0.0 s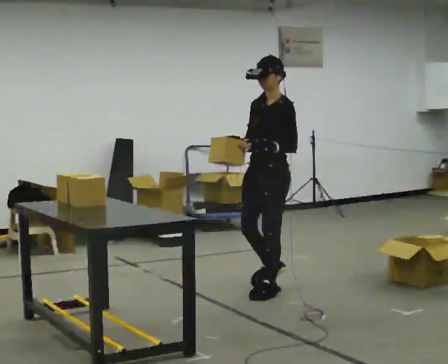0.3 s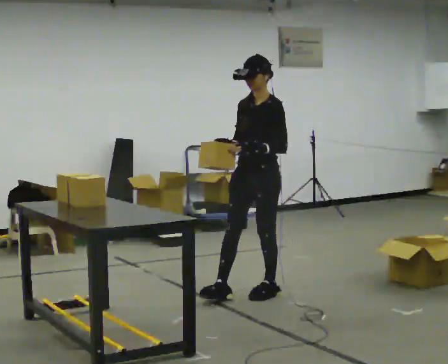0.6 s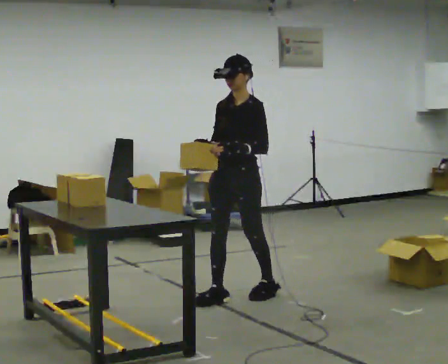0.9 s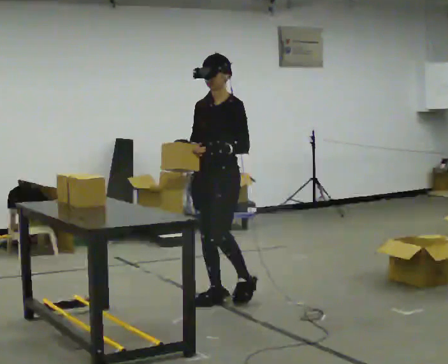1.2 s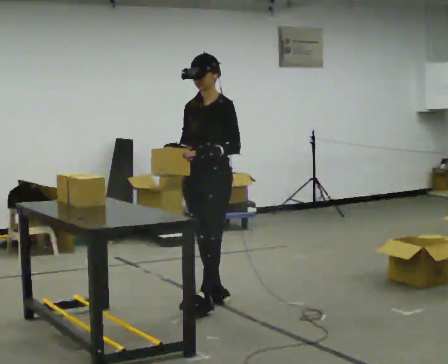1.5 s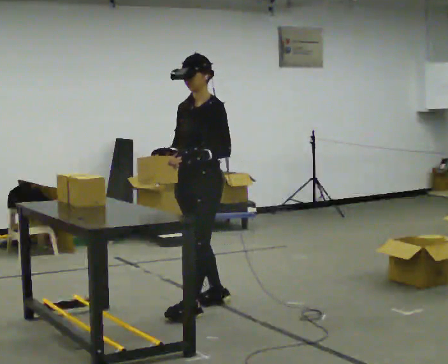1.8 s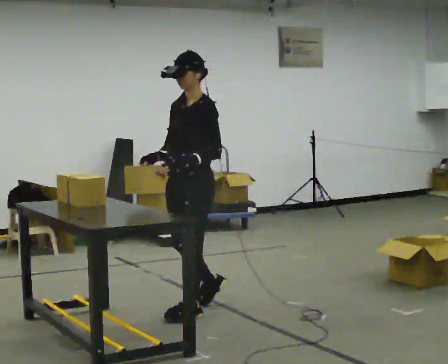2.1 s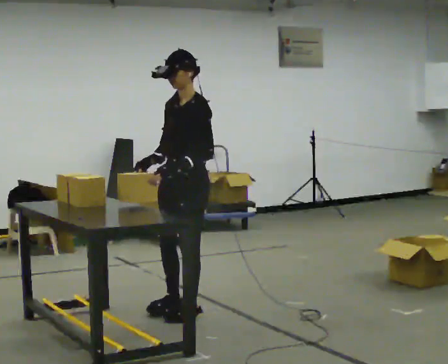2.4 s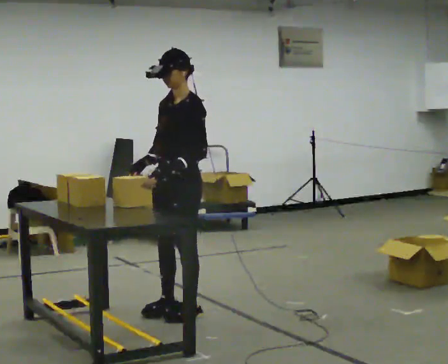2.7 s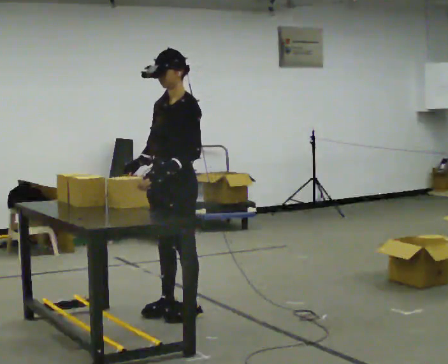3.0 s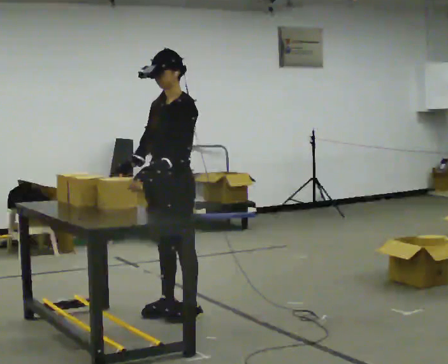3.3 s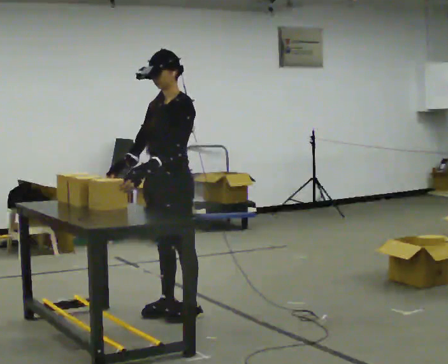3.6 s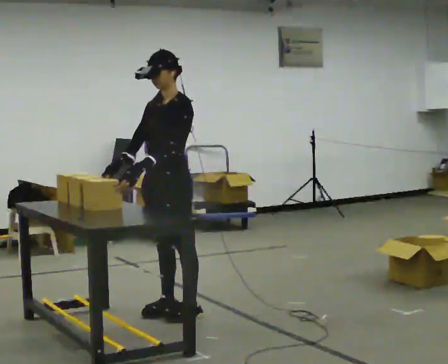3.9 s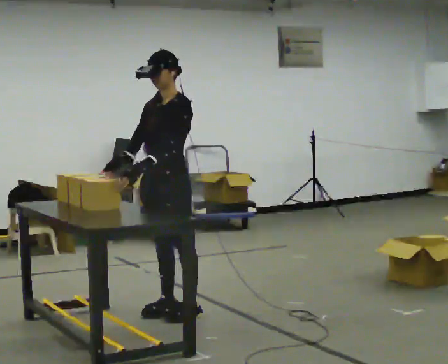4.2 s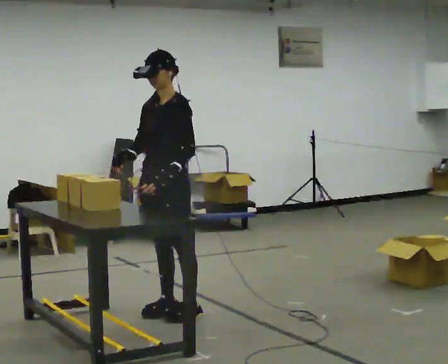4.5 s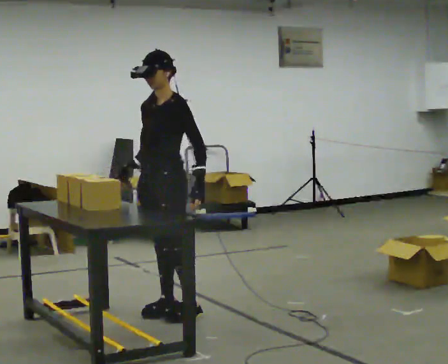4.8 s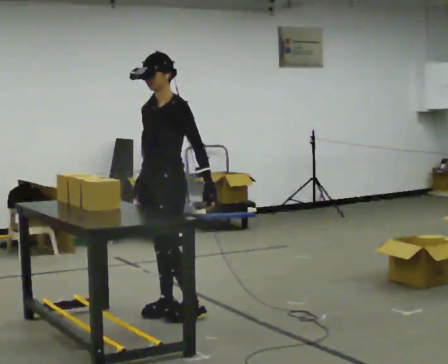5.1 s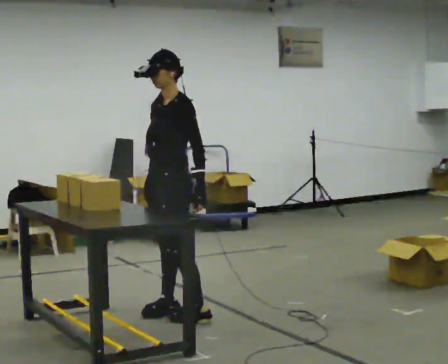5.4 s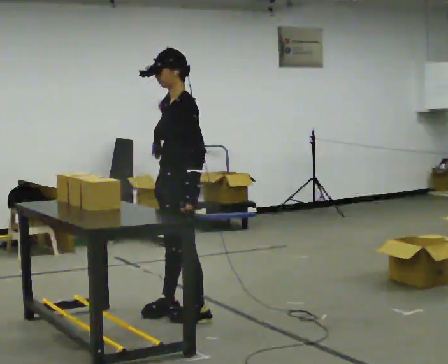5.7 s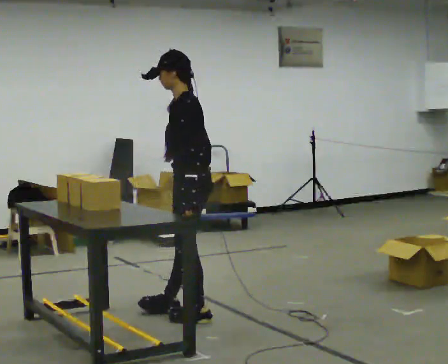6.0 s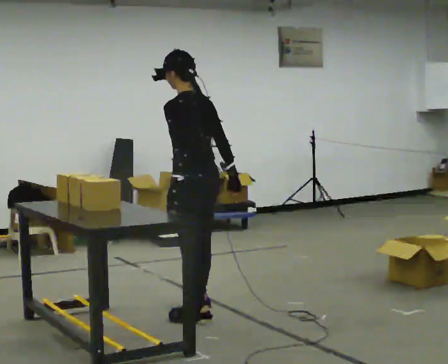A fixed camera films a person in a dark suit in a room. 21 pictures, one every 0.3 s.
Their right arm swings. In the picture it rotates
counterclockwise.
The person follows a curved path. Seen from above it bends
counterclockwise.
0.0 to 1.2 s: In the picture they go to the left and toward the camera, about 0.5 m in 1 step, which for them is forward.
1.2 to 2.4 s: In the picture they go toward the camera and to the left, about 0.25 m in 2 steps, which for them is forward and to their left.
2.4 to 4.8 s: The person moves a little, or ends about where they began.
4.8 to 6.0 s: The person turns about 90 degrees to their right, clockwise seen from above, so the part of the body nearest the lens slides to the left. In the picture they go to the right and toward the camera, about 0.25 m. In the picture their right hand goes to the right, the arm swinging counterclockwise.
The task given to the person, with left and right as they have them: Take objects out of the bin one at a time and lay them out on the table, stepping between the bin and the table each time. Keep going until the operator says stop; one object at a time, and do not rush between trips.
The film runs forward here.
